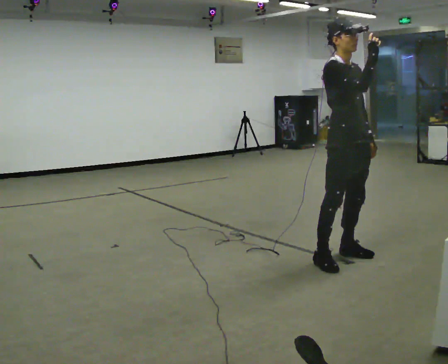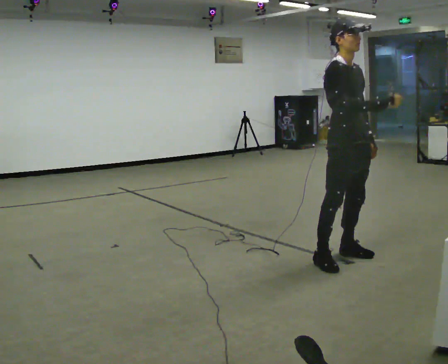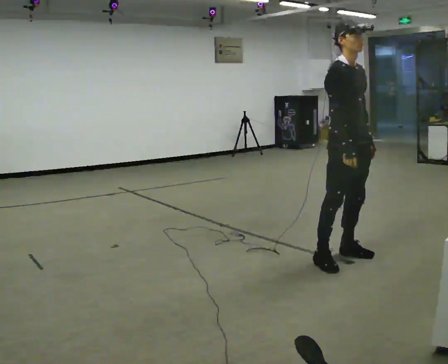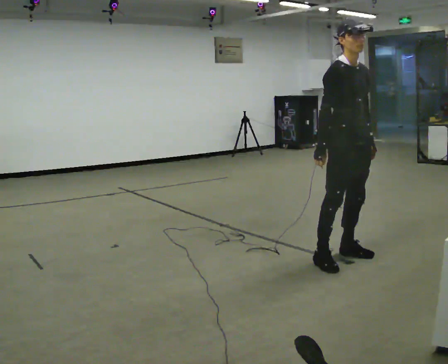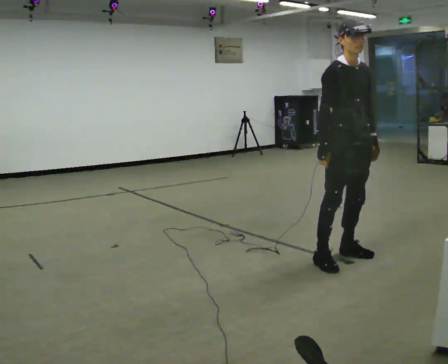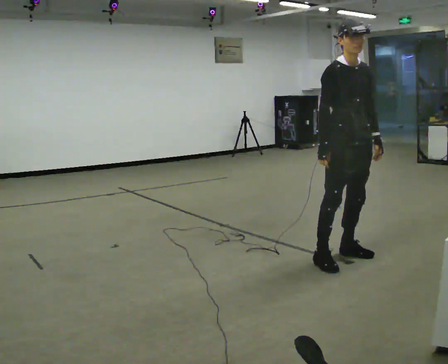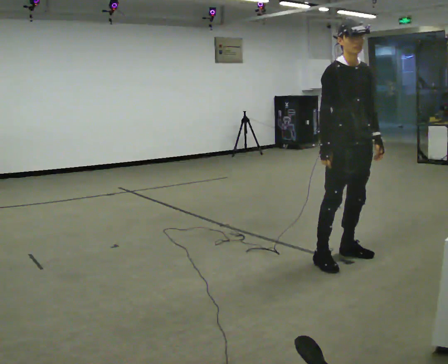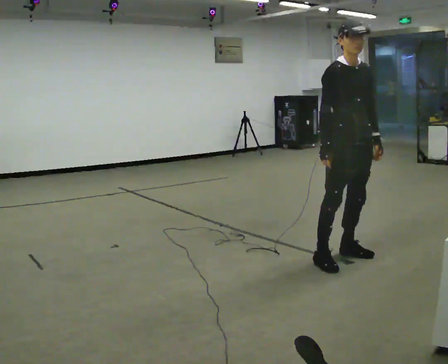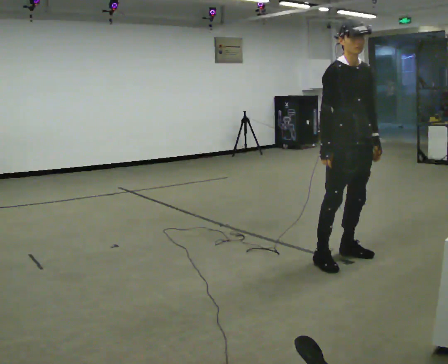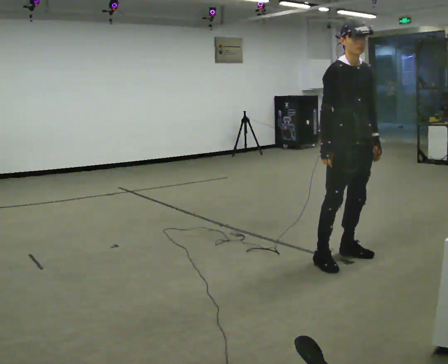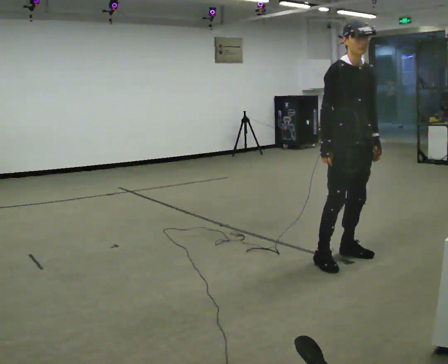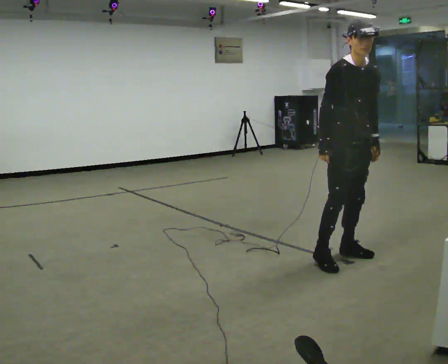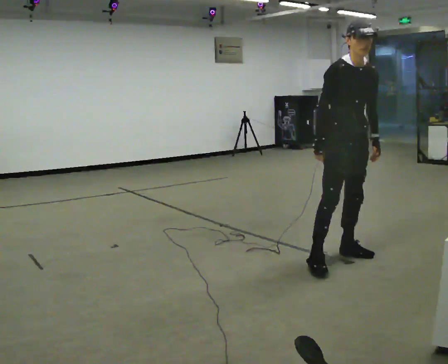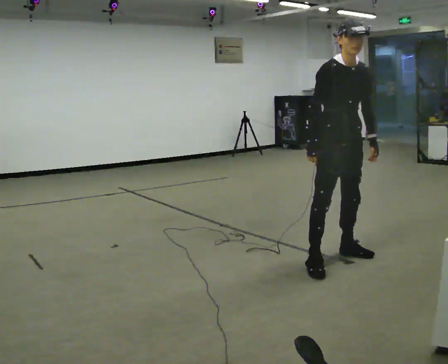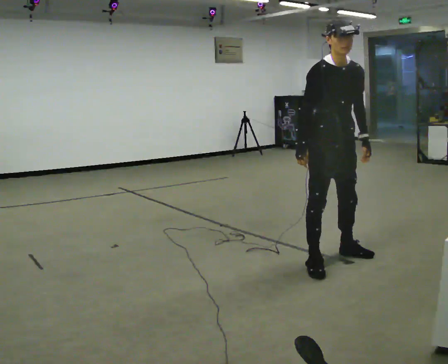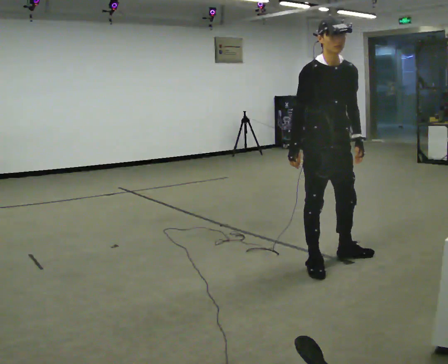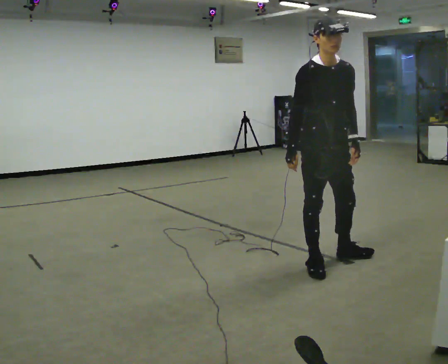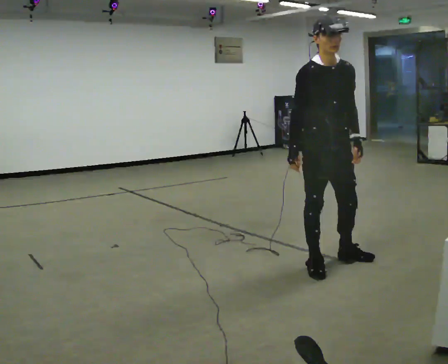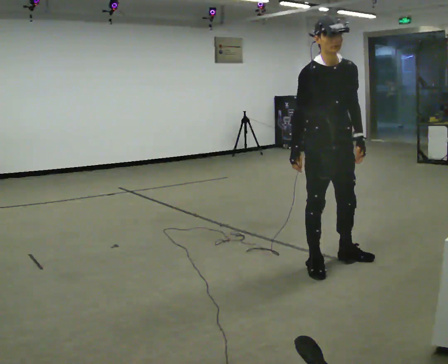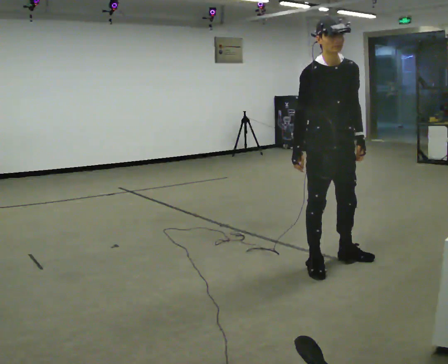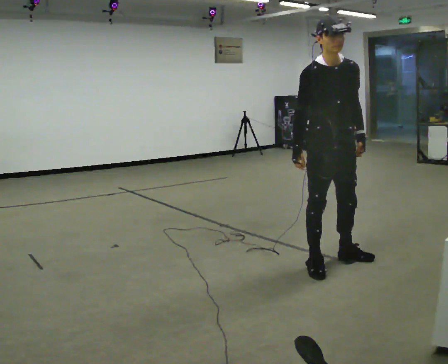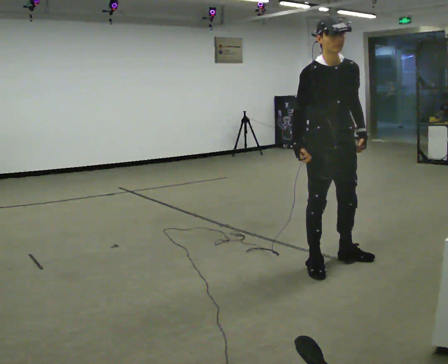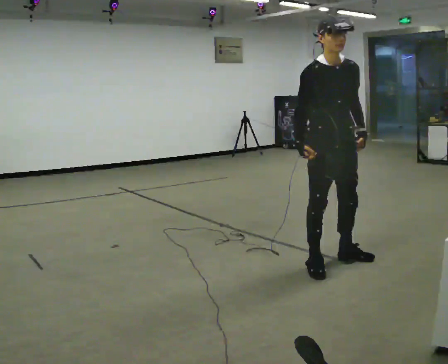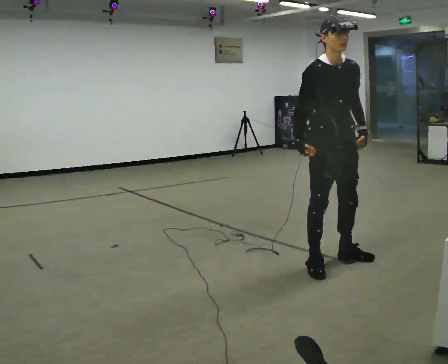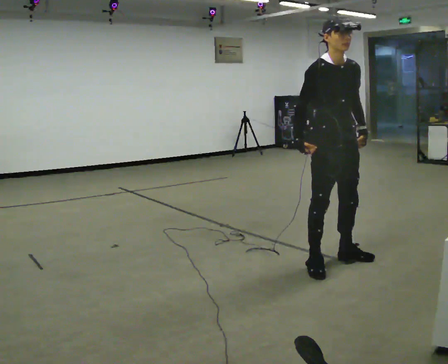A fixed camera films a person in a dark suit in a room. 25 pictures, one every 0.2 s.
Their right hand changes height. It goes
downward.
0.0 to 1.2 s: In the picture their right hand goes downward and to the left.
1.2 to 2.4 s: The person moves a little, or ends about where they began.
2.4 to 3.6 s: In the picture they go toward the camera, about 0.25 m, which for them is to their right.
3.6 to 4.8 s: The person moves a little, or ends about where they began.
The film runs forward here.
